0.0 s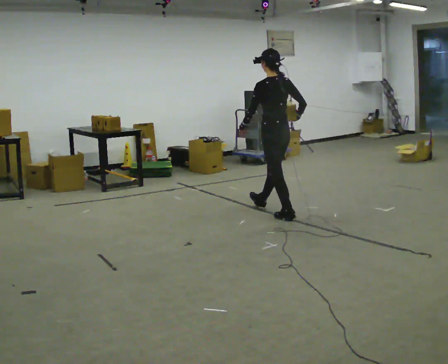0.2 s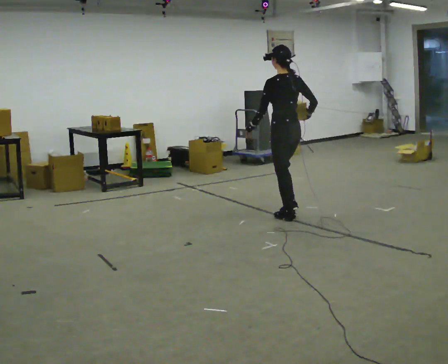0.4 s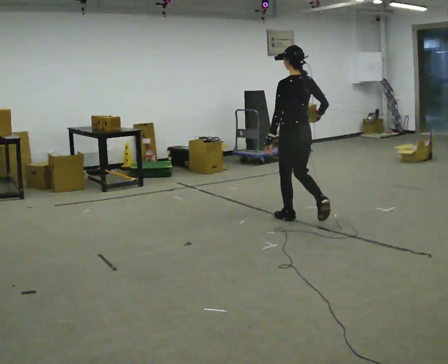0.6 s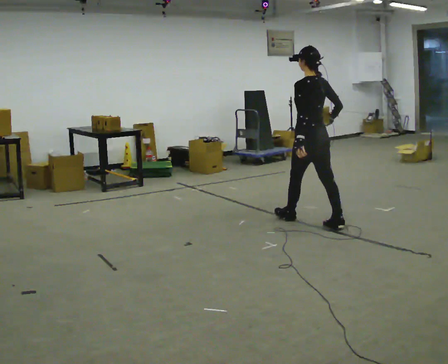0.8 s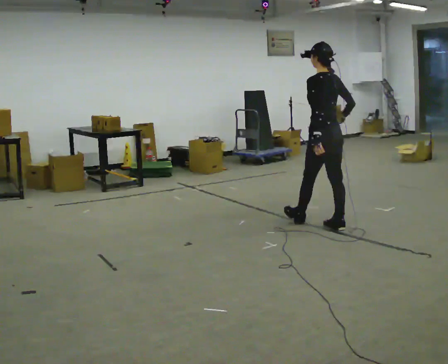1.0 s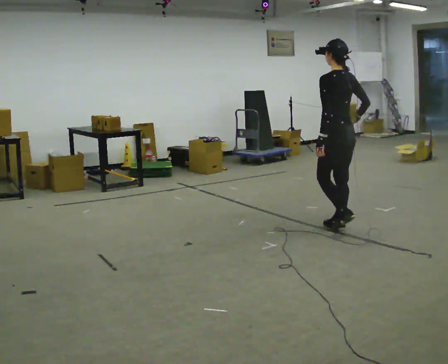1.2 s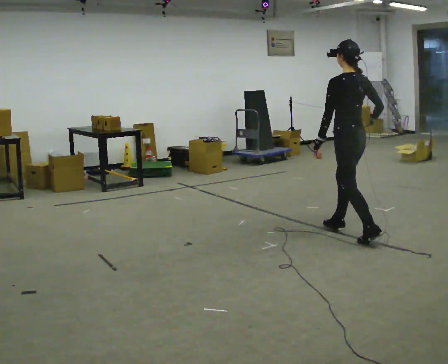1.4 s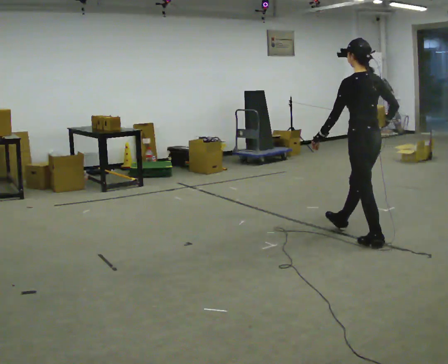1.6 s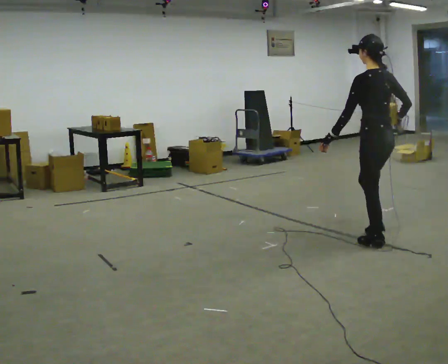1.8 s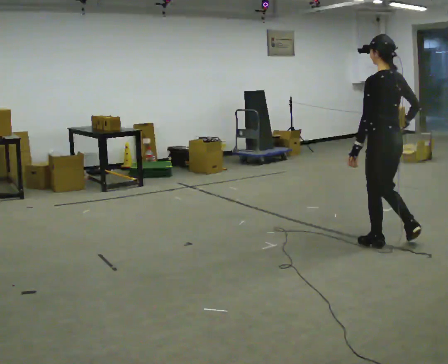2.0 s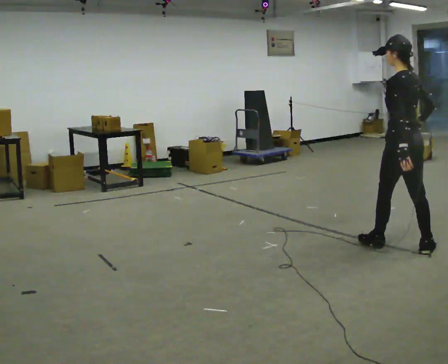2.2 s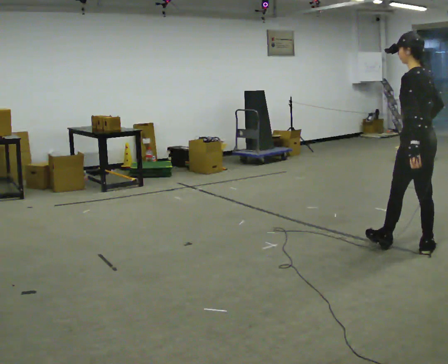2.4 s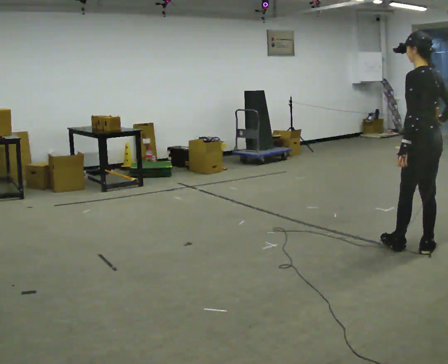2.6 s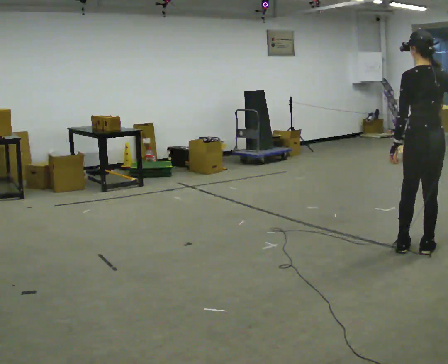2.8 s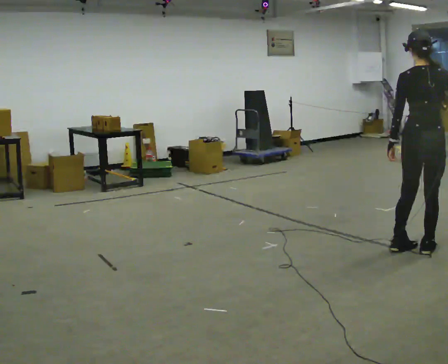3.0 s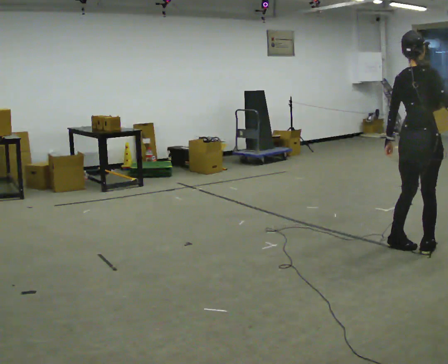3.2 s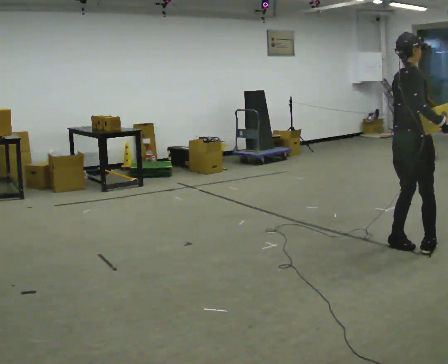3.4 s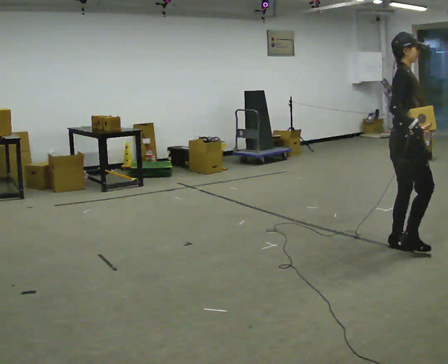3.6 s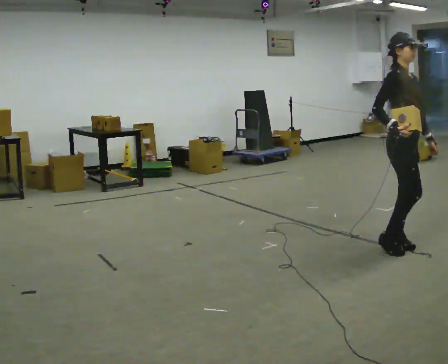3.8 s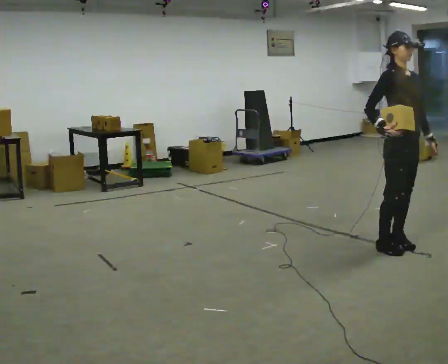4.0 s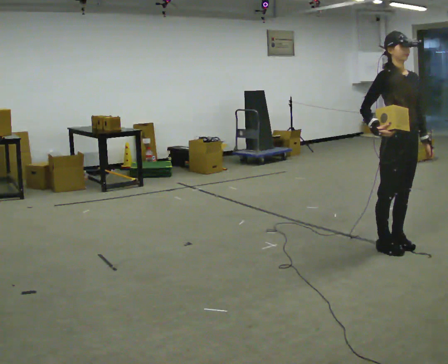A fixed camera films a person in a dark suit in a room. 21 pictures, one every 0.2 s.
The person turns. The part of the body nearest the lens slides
to the left.
The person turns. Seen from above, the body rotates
clockwise.
0.0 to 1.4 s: In the picture they go toward the camera and to the right, about 1 m in 2 steps, which for them is backward.
1.4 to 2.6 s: In the picture they go toward the camera and to the right, about 0.5 m, which for them is backward.
2.6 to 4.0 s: The part of the body nearest the lens slides to the left as the person turns to their right by about 165 degrees. In the picture they go to the left, about 0.25 m in 1 step. In the picture their right hand goes to the left, the arm swinging clockwise.
The film runs backward here.
